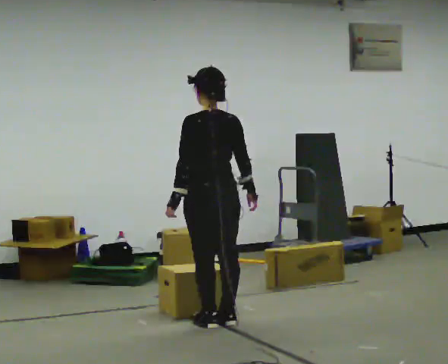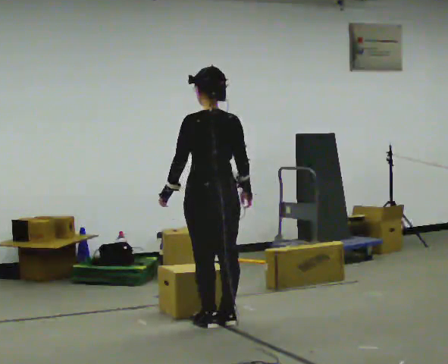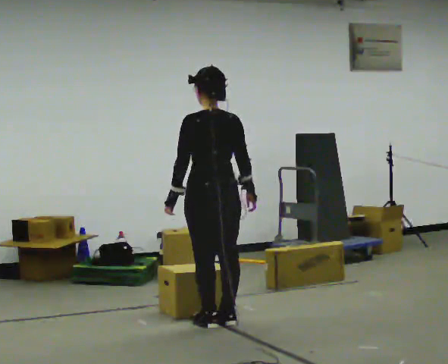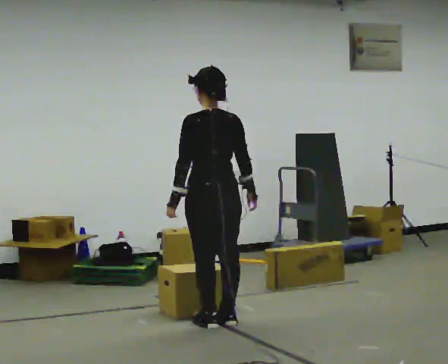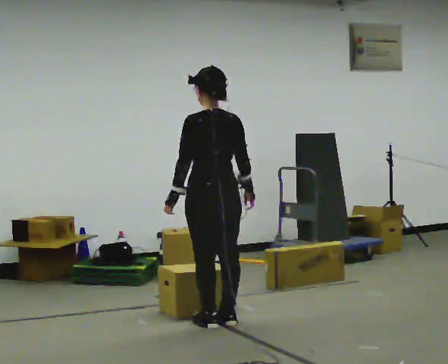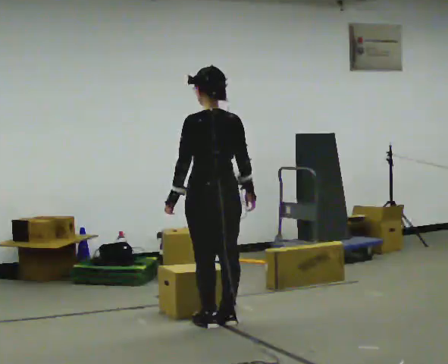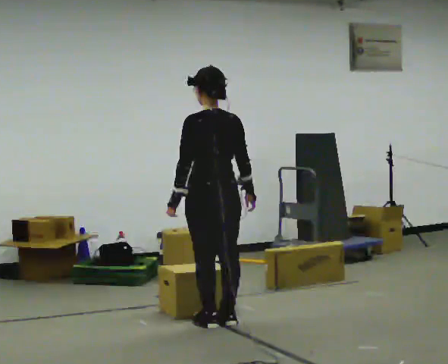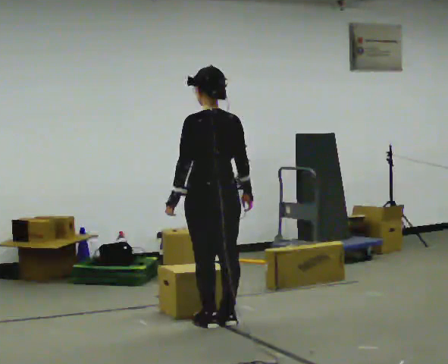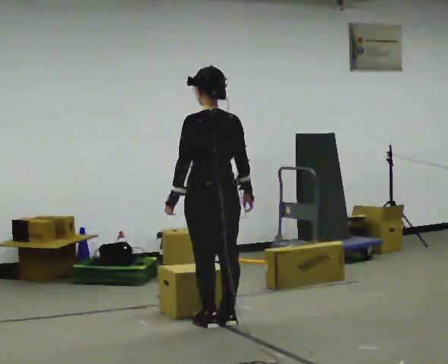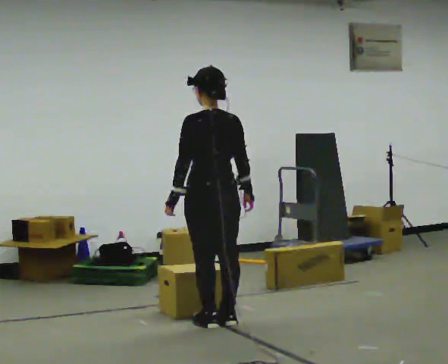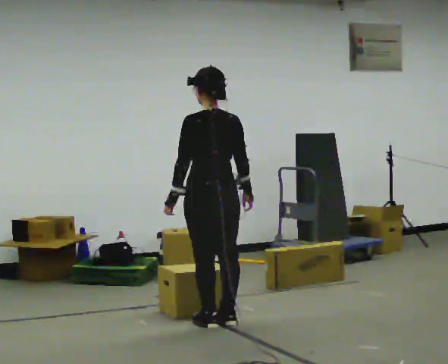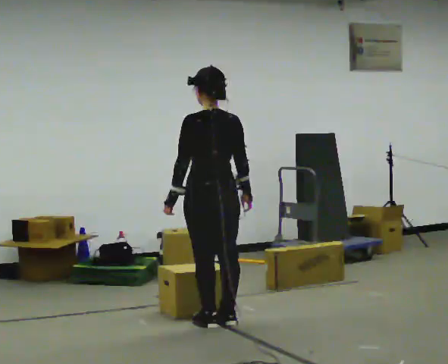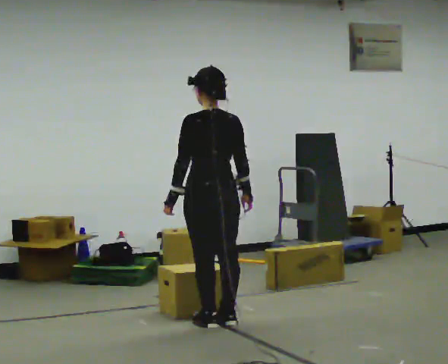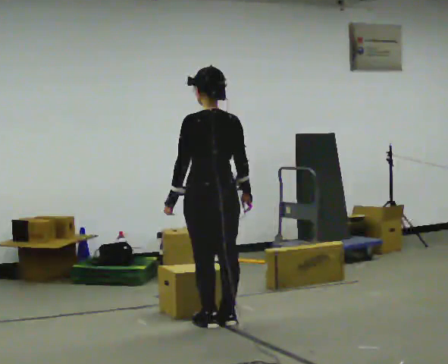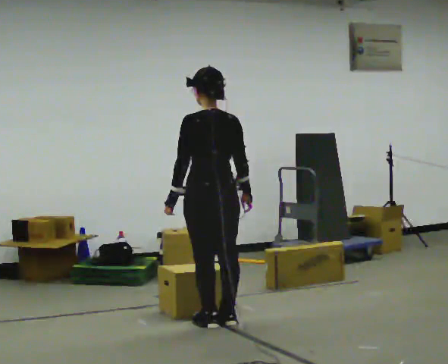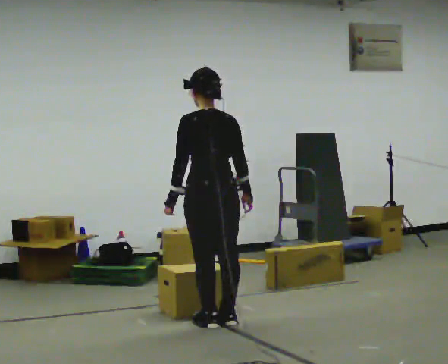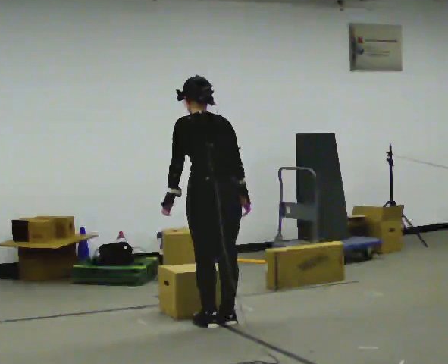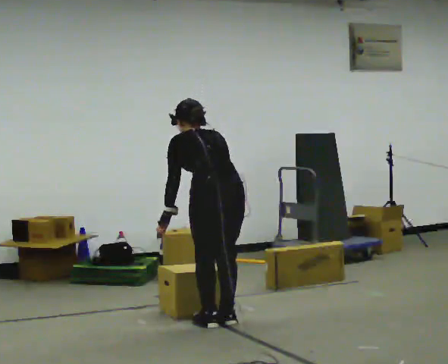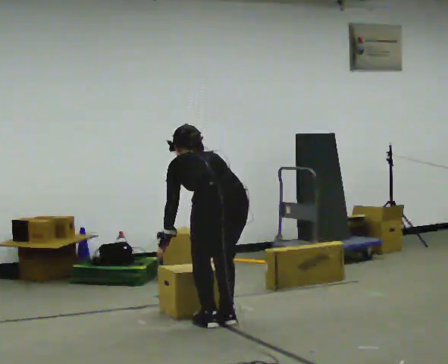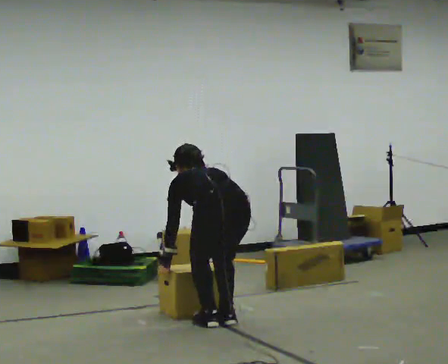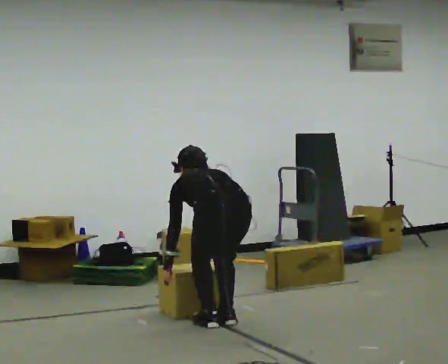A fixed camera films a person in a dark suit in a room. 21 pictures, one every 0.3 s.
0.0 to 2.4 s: The person moves a little, or ends about where they began.
2.4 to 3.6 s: The person keeps their place and pose.
3.6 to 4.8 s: The upper body tips away from the camera, its near side rolling upward, as they bend forward.
4.8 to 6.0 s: The shoulders move downward. The upper body tips away from the camera, its near side rolling upward, as they bend forward. In the picture their right hand goes downward.
The film runs forward here.
